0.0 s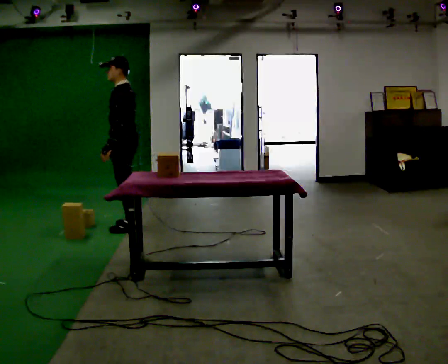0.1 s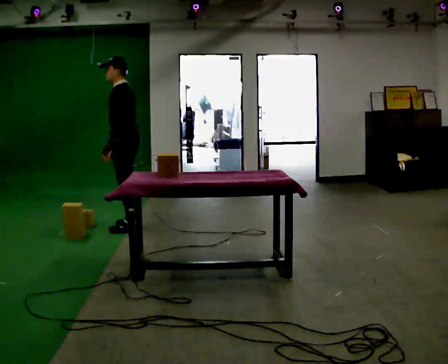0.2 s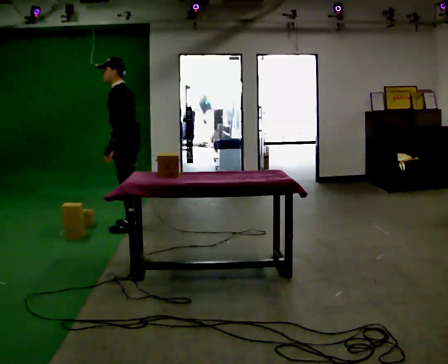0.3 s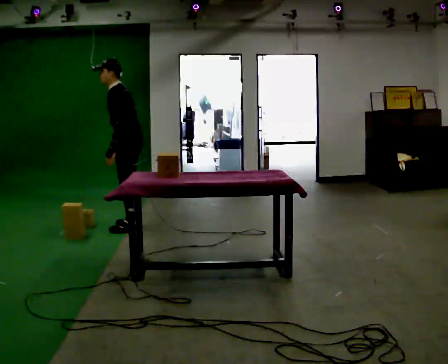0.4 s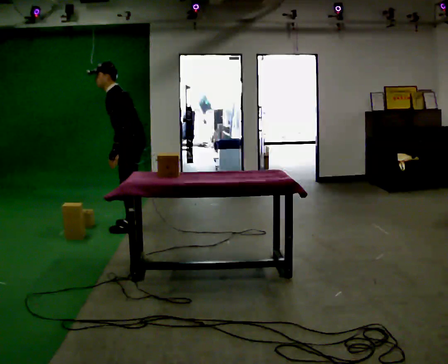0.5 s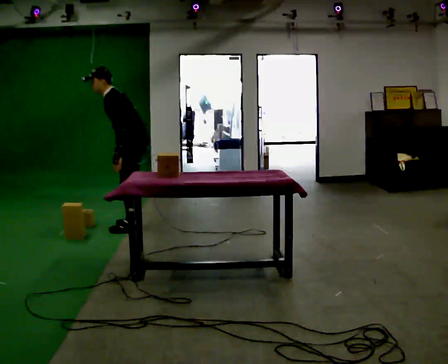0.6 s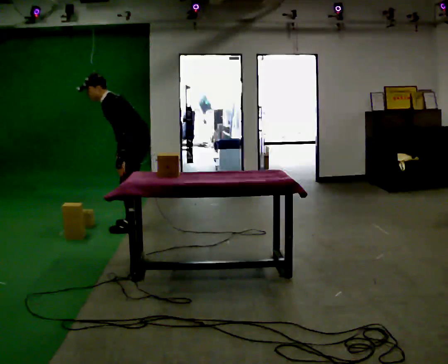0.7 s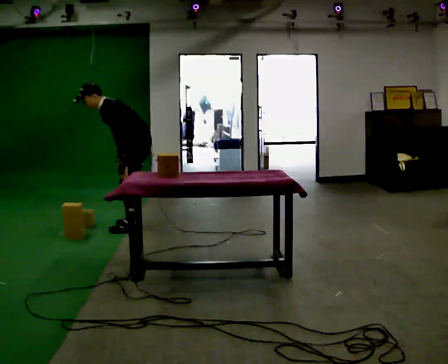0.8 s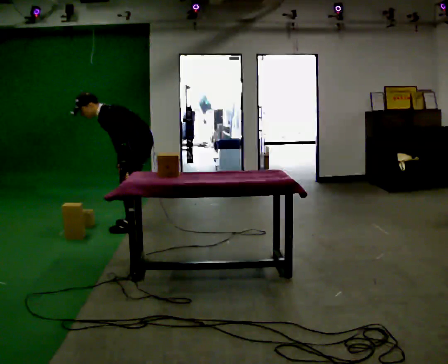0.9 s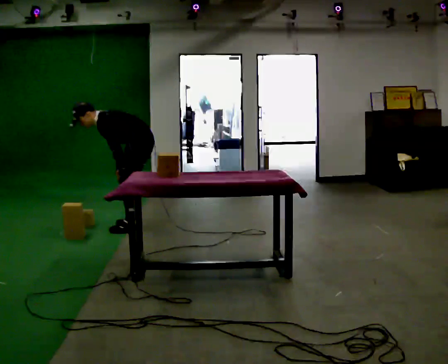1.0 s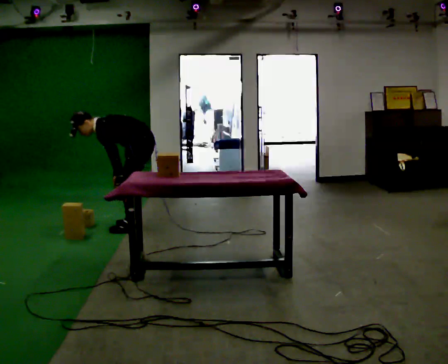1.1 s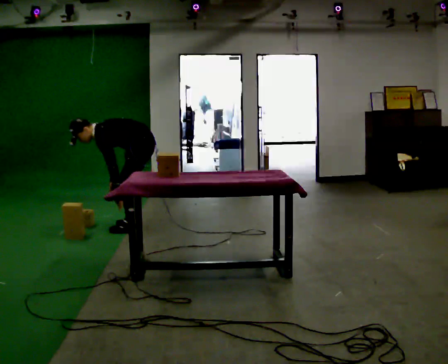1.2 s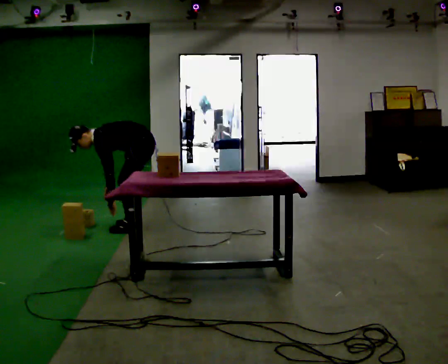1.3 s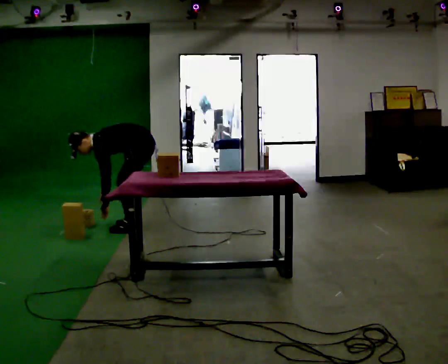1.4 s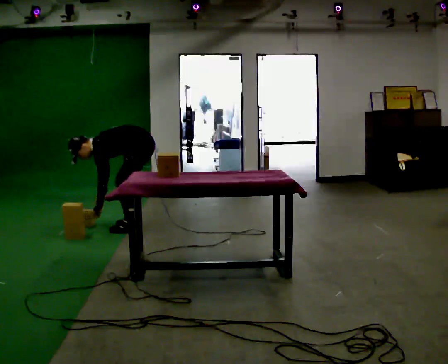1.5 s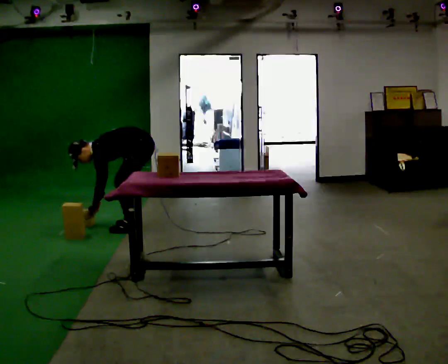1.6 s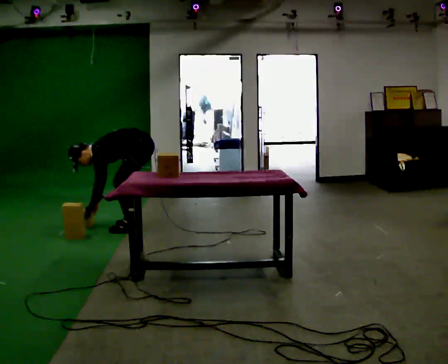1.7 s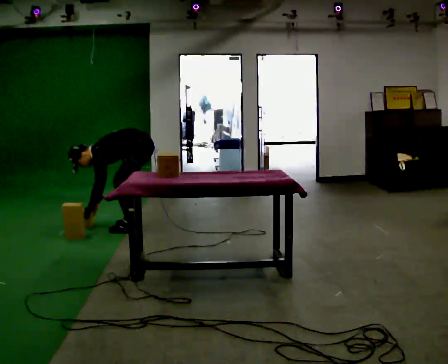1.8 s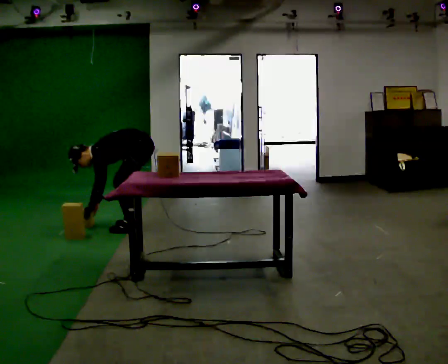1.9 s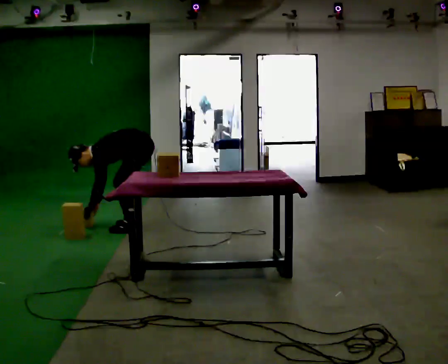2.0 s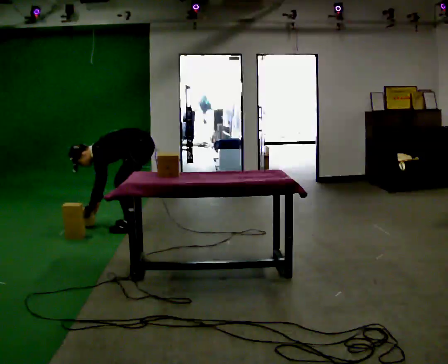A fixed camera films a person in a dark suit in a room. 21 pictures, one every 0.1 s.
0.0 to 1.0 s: In the picture they go to the right, about 0.25 m, which for them is backward. The shoulders move downward. In the picture the upper body tilts counterclockwise, shoulders to the left, as they bend forward. In the picture their left hand goes downward.
1.0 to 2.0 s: The shoulders move downward. In the picture the upper body tilts counterclockwise, shoulders to the left, as they bend forward. In the picture their left hand goes to the left.
The film runs backward here.
